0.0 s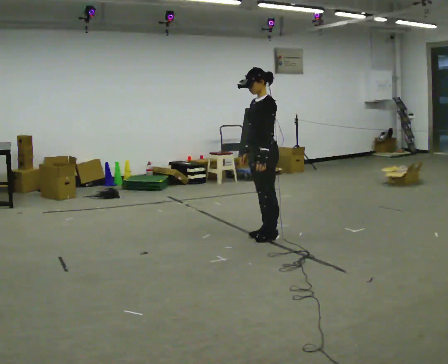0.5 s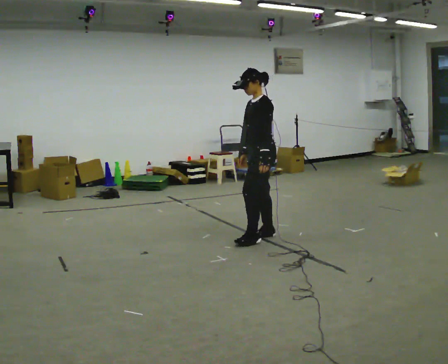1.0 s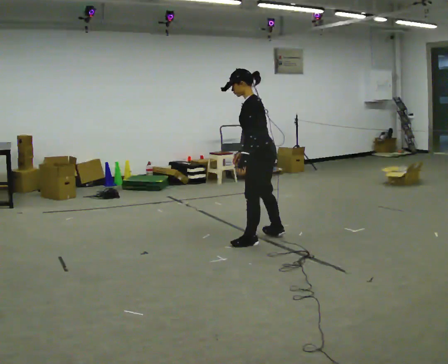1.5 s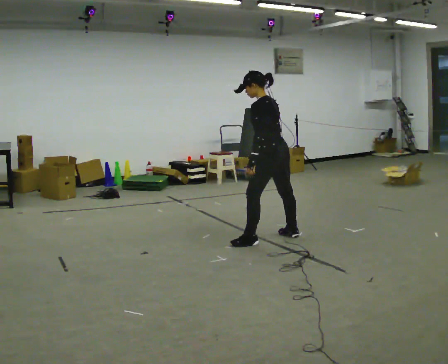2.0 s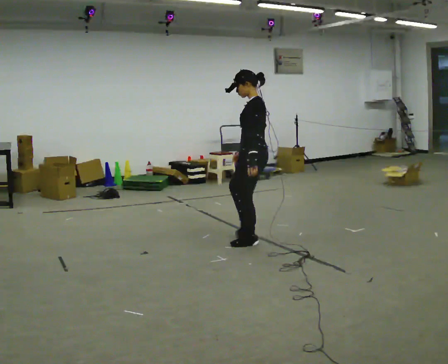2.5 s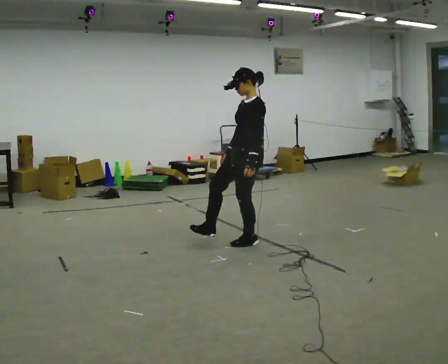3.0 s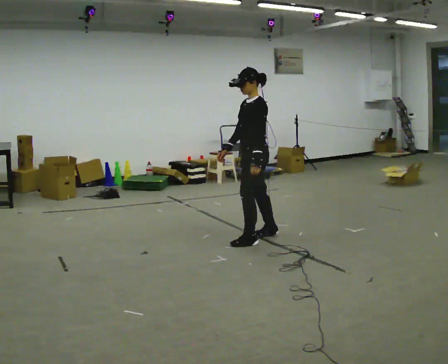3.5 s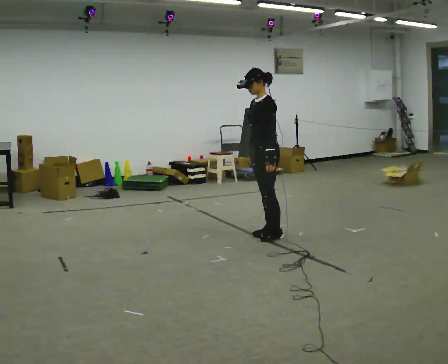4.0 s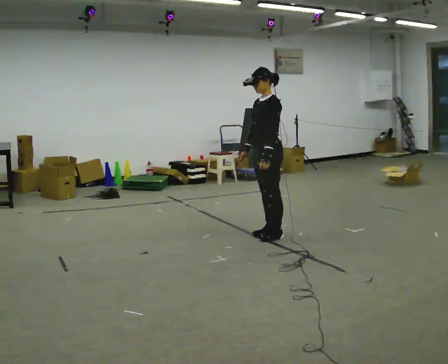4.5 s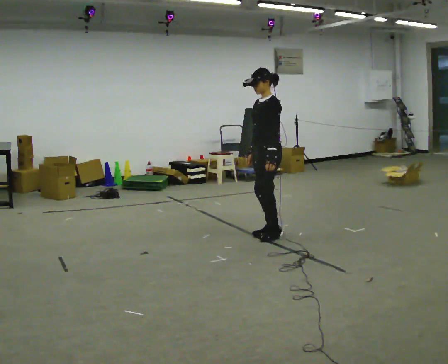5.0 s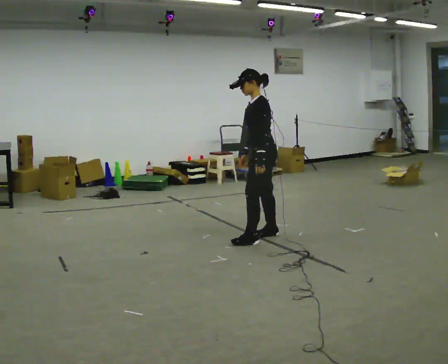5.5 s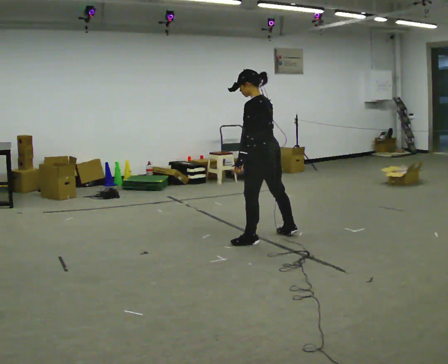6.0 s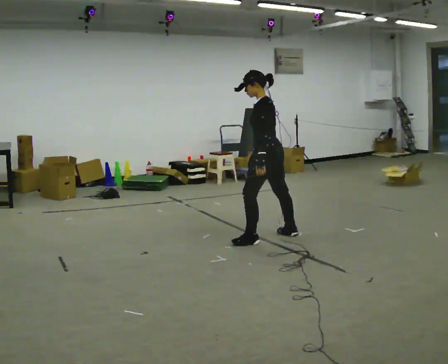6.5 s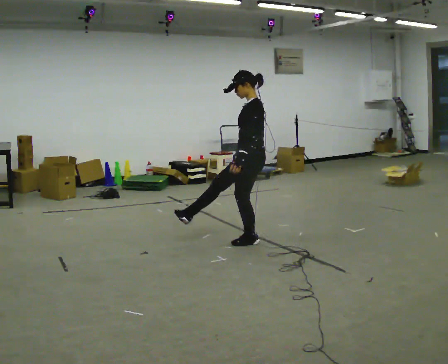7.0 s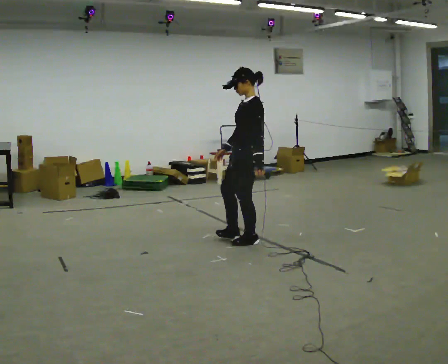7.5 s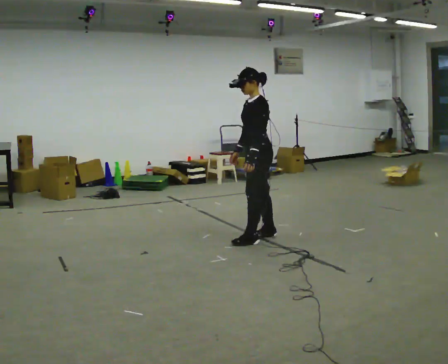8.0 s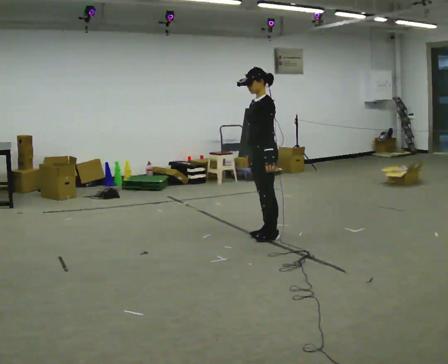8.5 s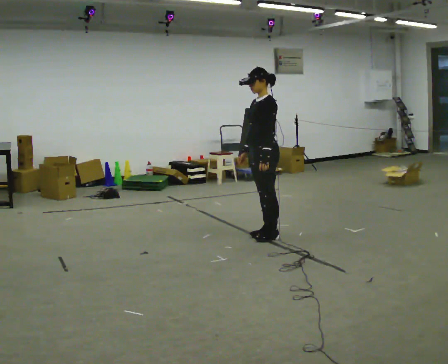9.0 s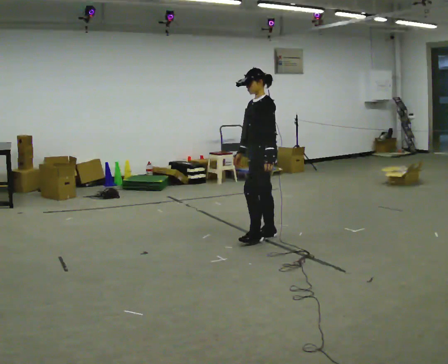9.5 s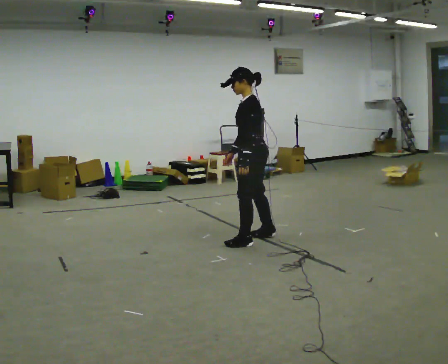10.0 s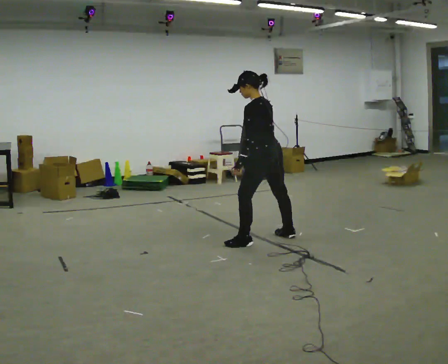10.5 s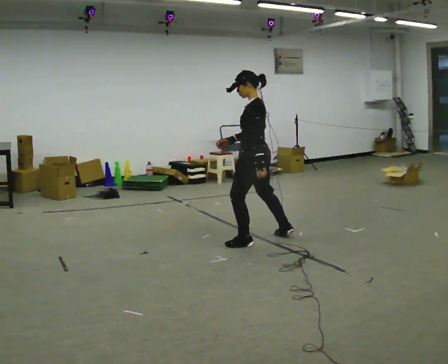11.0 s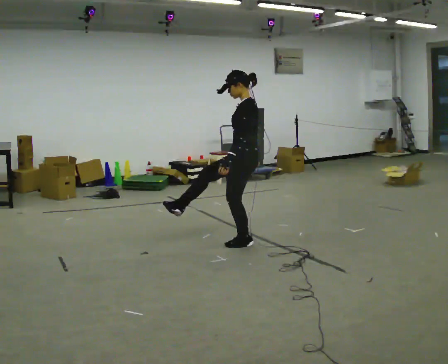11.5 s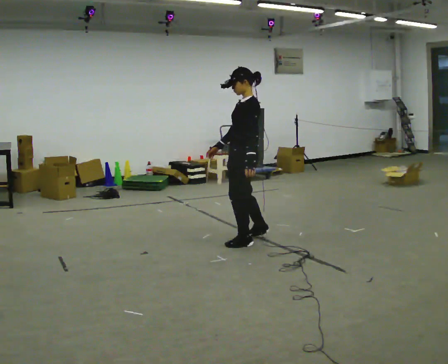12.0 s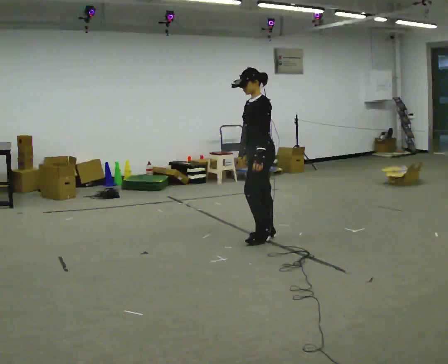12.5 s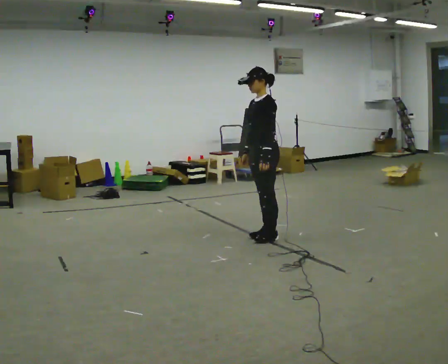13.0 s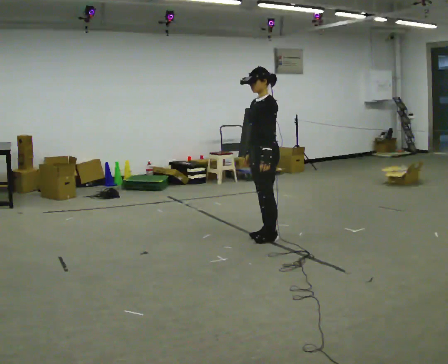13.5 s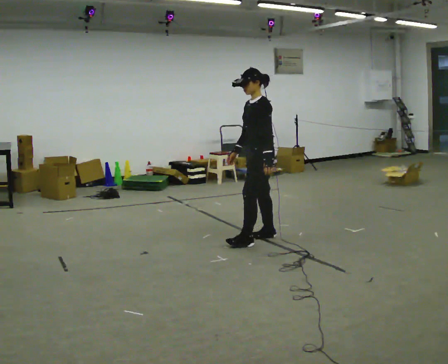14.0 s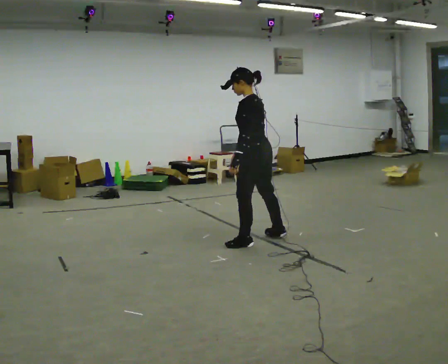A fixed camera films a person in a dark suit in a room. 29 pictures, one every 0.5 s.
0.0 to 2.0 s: Seen from above the body turns clockwise, about 30 degrees: to their right, with its near side sliding to the left. In the picture they go toward the camera, about 0.25 m in 2 steps, which for them is to their left.
2.0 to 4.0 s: The part of the body nearest the lens slides to the right as the person turns to their left by about 30 degrees. In the picture they go away from the camera, about 0.25 m in 2 steps, which for them is to their right and backward.
4.0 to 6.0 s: The part of the body nearest the lens slides to the left as the person turns to their right by about 45 degrees.
6.0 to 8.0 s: The person turns about 30 degrees to their left, counterclockwise seen from above, so the part of the body nearest the lens slides to the right.
8.0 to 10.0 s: The person turns about 45 degrees to their right, clockwise seen from above, so the part of the body nearest the lens slides to the left.
10.0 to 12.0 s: The person turns about 45 degrees to their left, counterclockwise seen from above, so the part of the body nearest the lens slides to the right.
12.0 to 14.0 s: The part of the body nearest the lens slides to the left as the person turns to their right by about 45 degrees. In the picture they go toward the camera, about 0.25 m in 2 steps, which for them is to their left.
The film runs forward here.
